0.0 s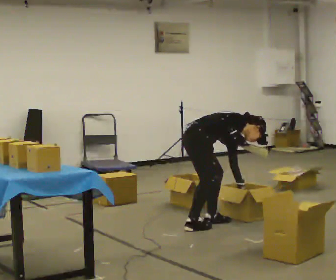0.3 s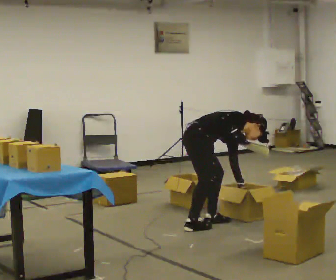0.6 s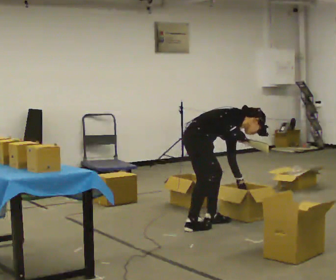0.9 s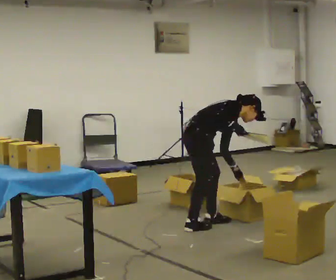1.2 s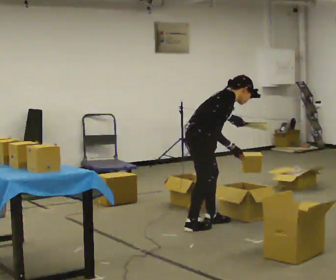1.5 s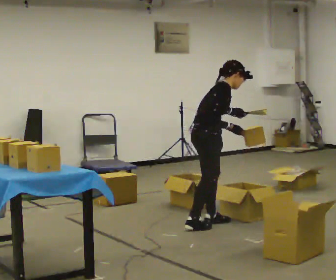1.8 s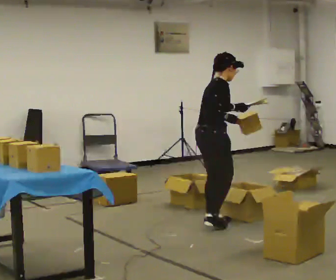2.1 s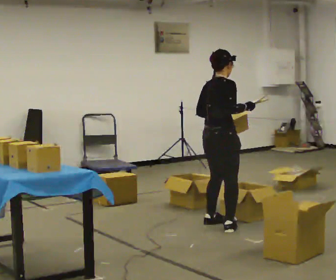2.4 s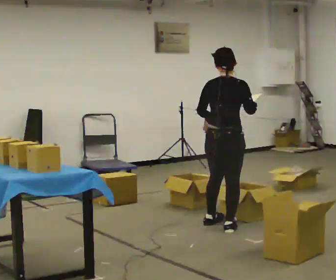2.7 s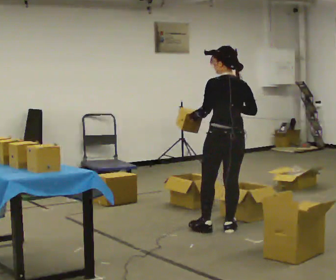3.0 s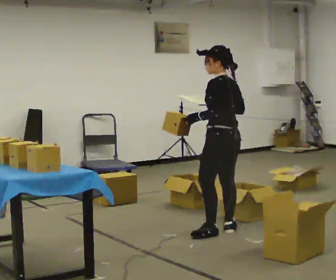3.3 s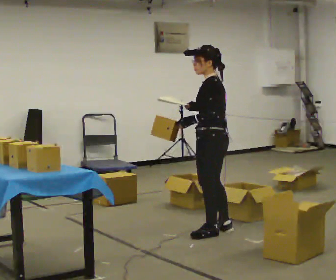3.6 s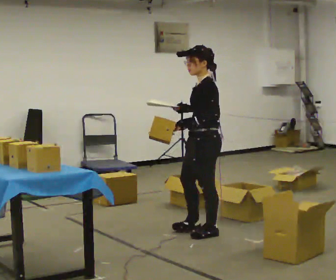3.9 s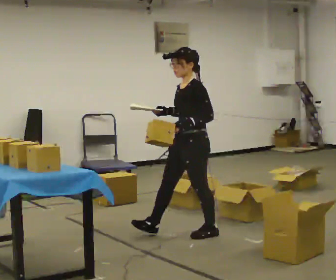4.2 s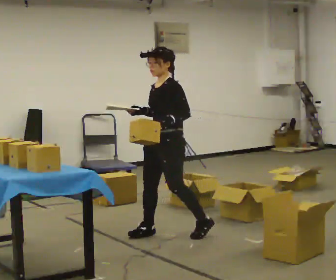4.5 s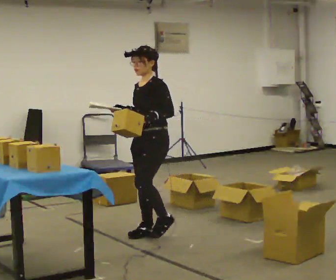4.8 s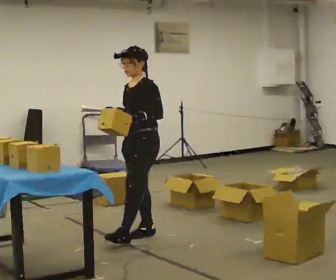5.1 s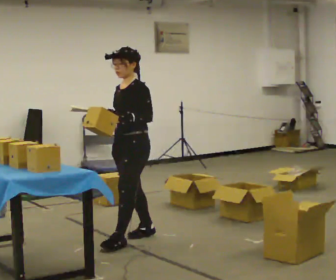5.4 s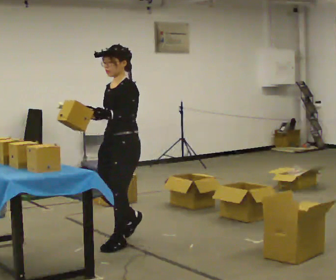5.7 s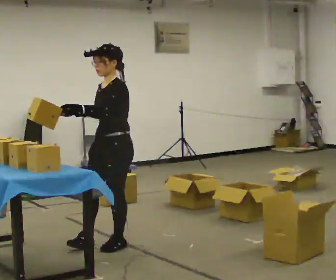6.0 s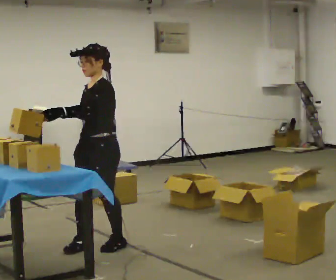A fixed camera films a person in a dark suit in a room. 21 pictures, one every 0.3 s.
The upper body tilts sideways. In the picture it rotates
counterclockwise.
The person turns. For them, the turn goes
to their left.
0.0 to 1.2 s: The upper body goes upward. In the picture the upper body tilts counterclockwise, shoulders to the left, as they lean back or straighten. In the picture their left hand goes upward.
1.2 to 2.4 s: Seen from above the body turns counterclockwise, about 60 degrees: to their left, with its near side sliding to the right. In the picture they go to the right and toward the camera, about 0.25 m in 1 step. In the picture the upper body tilts counterclockwise, shoulders to the left, as they lean back or straighten.
2.4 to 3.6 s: The part of the body nearest the lens slides to the right as the person turns to their left by about 120 degrees. In the picture they go toward the camera and to the left, about 0.25 m in 1 step.
3.6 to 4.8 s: The part of the body nearest the lens slides to the right as the person turns to their left by about 30 degrees. In the picture they go to the left, about 0.5 m in 1 step, which for them is forward and to their right.
4.8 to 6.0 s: In the picture they go toward the camera and to the left, about 0.5 m in 2 steps, which for them is forward.
The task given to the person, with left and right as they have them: 1. Read the parts list. 2. Collect each part from the bins around the room. 3. Lay them out on the table in the order on the list. 4. Put them all in the carry case. 5. Tell the operator when you are finished.
The film runs forward here.
